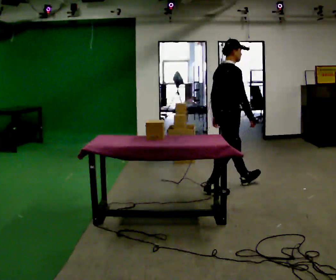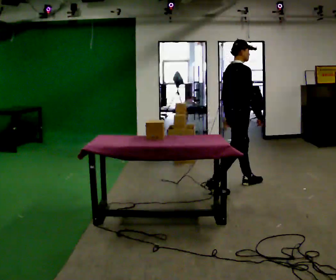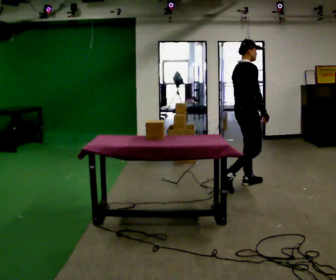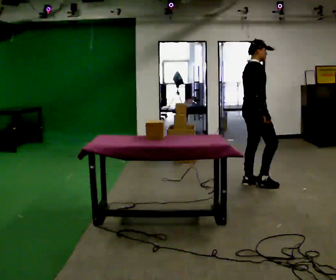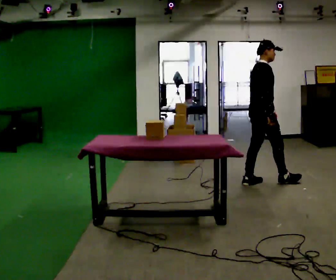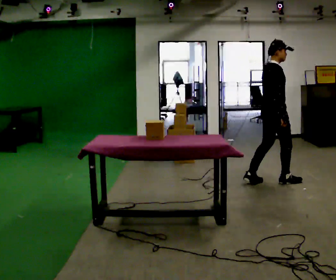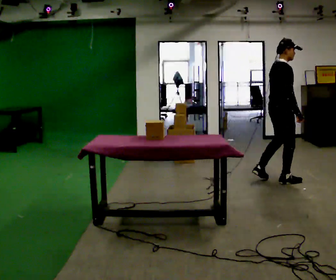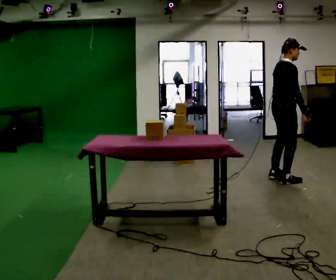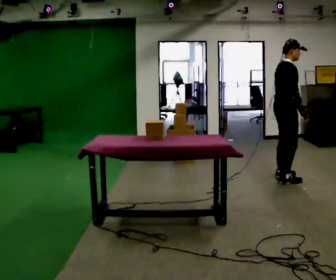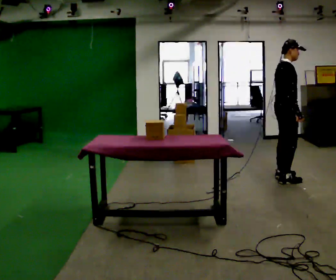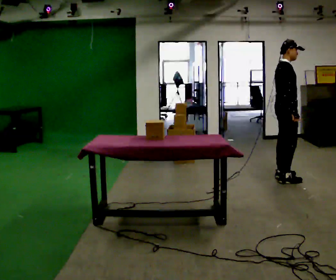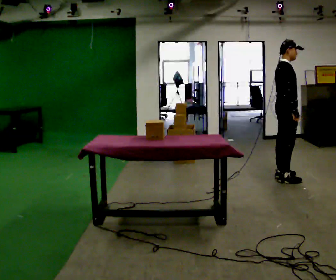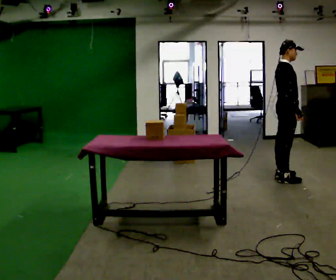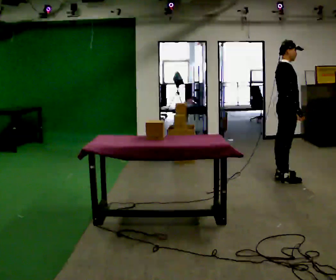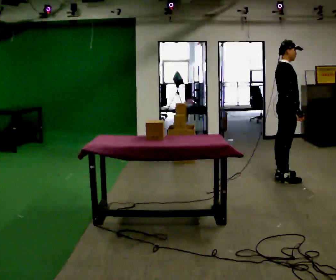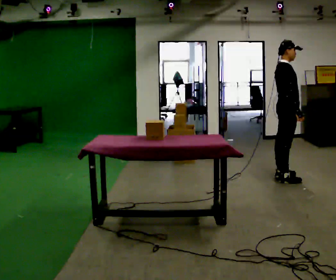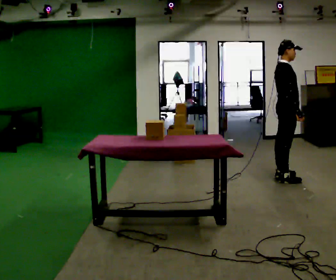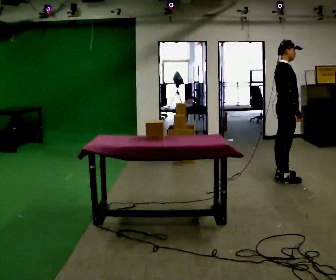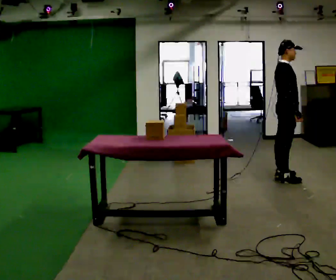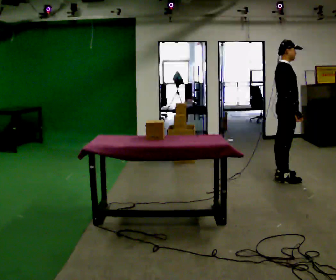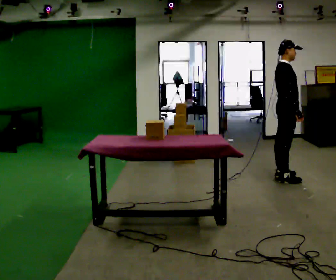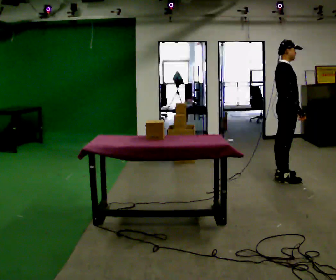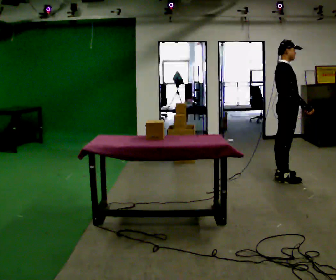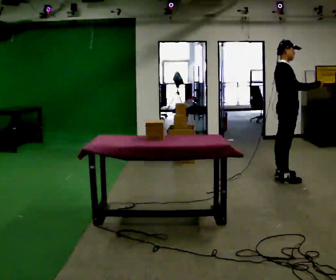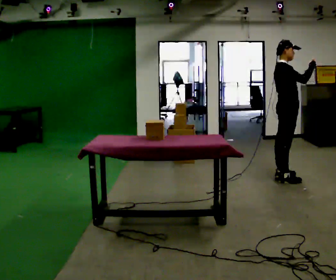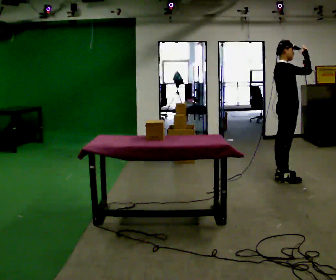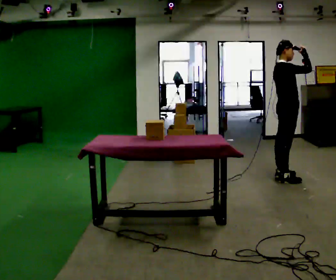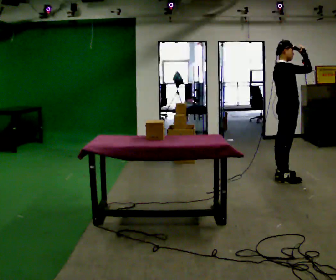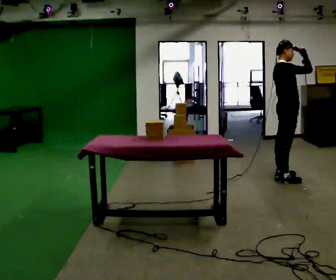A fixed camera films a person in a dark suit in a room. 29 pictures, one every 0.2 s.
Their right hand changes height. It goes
upward.
0.0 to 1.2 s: In the picture they go to the right and away from the camera, about 0.75 m in 1 step, which for them is forward.
1.2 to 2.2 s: In the picture they go away from the camera, about 0.25 m in 1 step, which for them is to their left and forward.
2.2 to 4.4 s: The person moves a little, or ends about where they began.
4.4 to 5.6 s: In the picture their right hand goes upward, the arm swinging counterclockwise.
The film runs forward here.
